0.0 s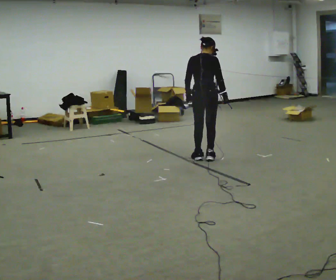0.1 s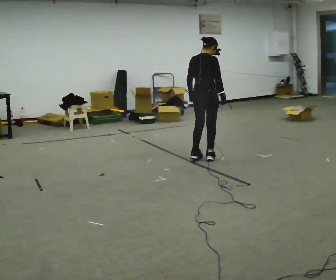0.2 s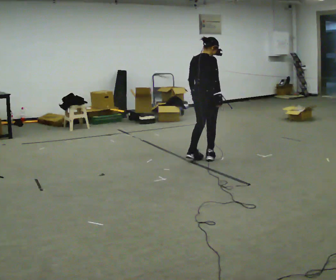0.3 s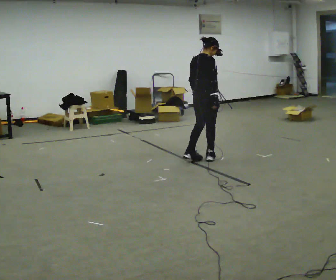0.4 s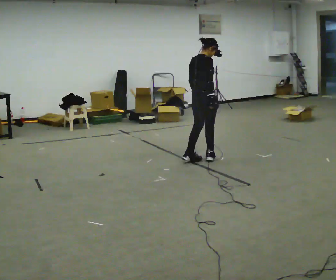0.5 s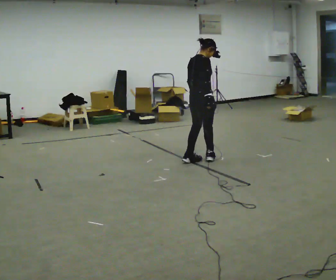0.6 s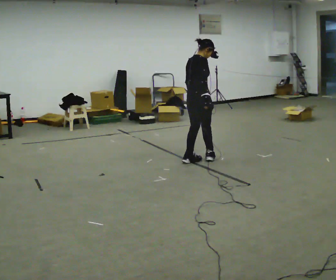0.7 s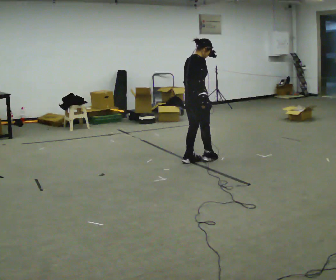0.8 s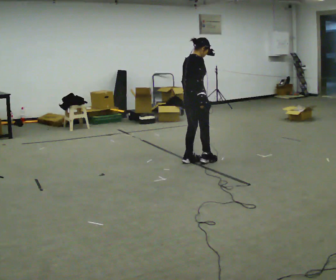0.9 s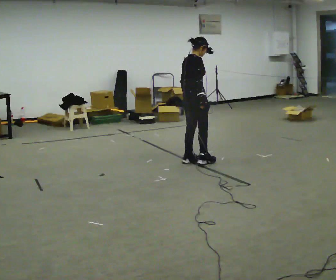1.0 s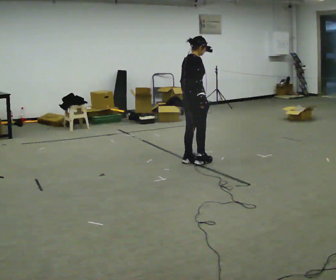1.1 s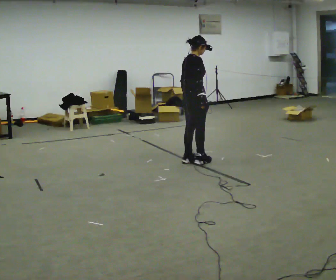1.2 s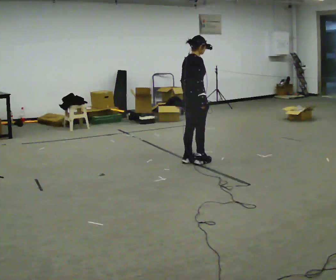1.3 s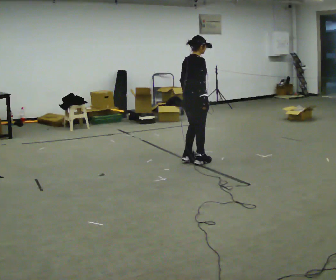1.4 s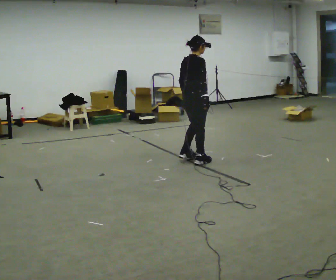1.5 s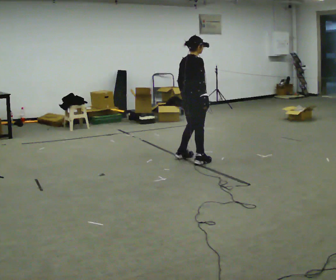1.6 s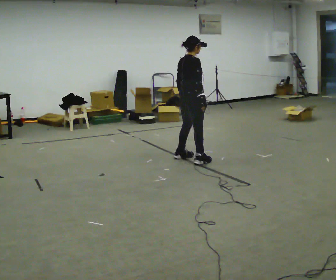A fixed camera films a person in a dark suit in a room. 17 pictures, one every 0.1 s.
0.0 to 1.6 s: Seen from above the body turns clockwise, about 30 degrees: to their right, with its near side sliding to the left. In the picture they go to the left, about 0.25 m in 3 steps, which for them is backward.
The film runs forward here.
